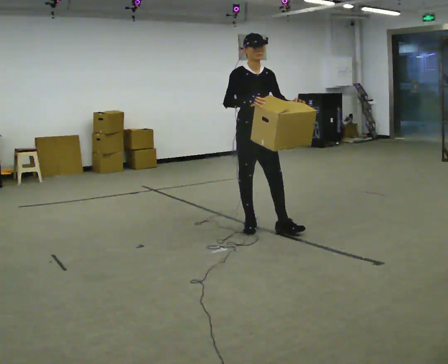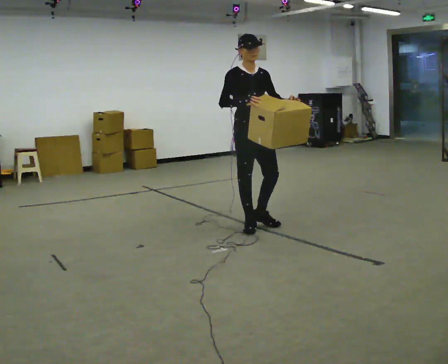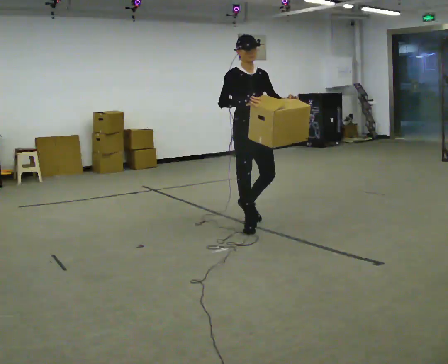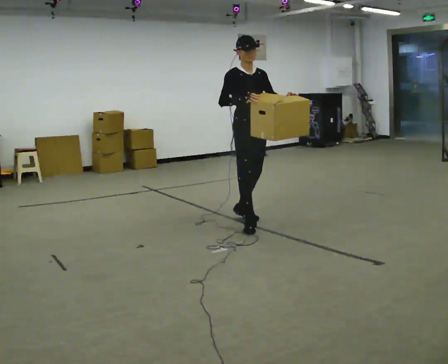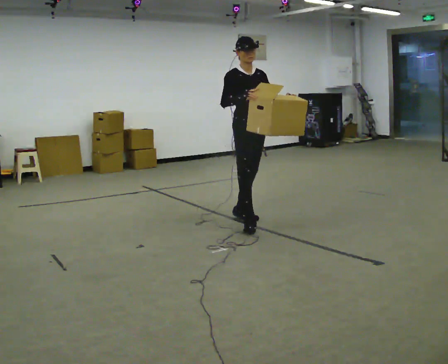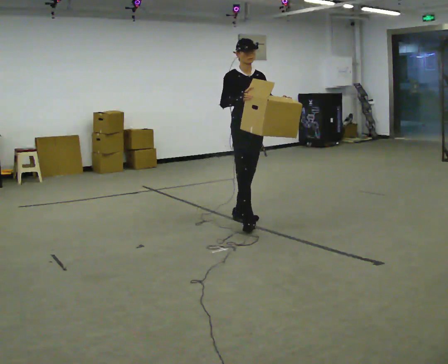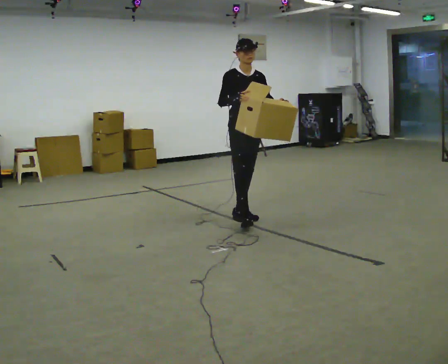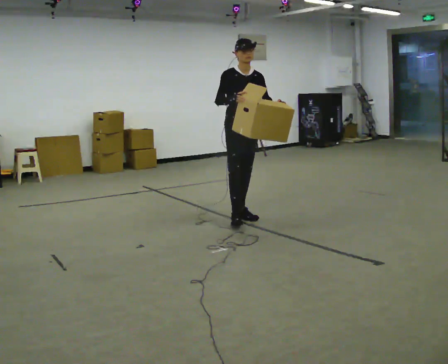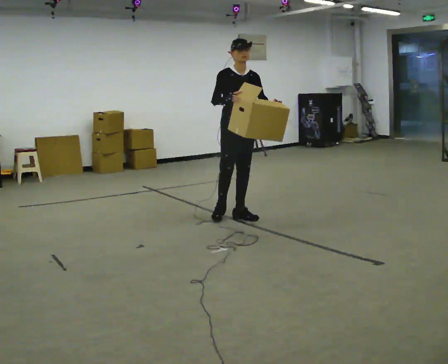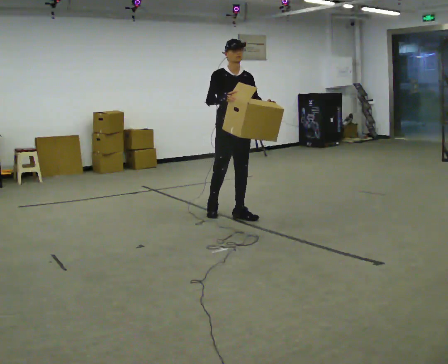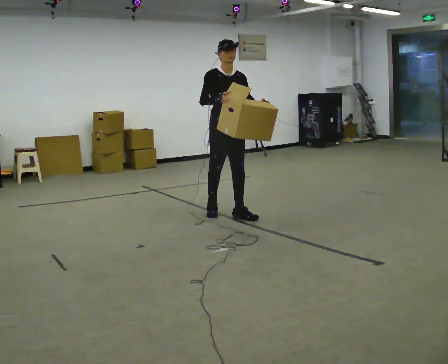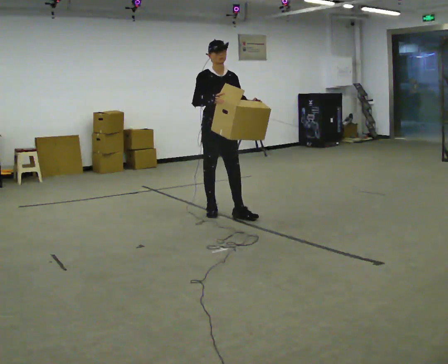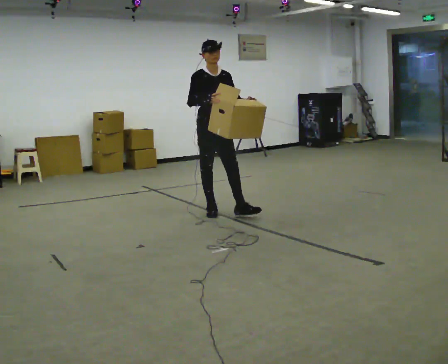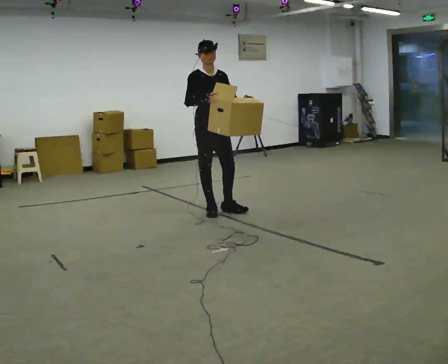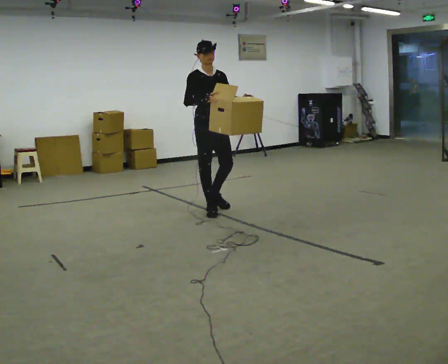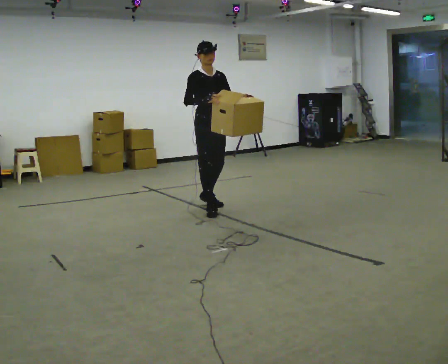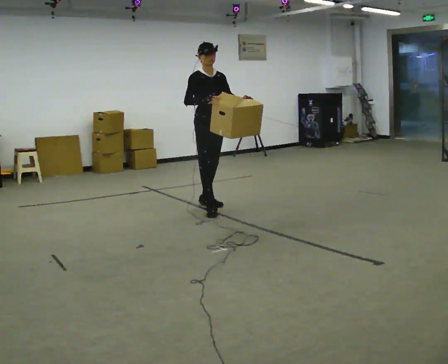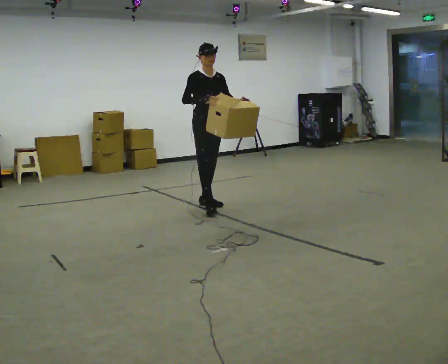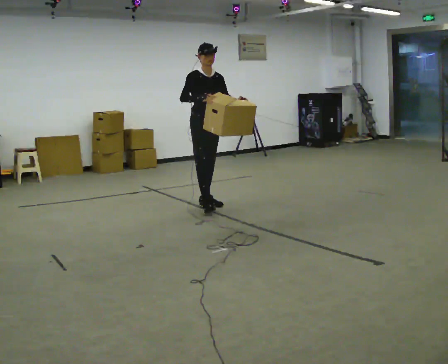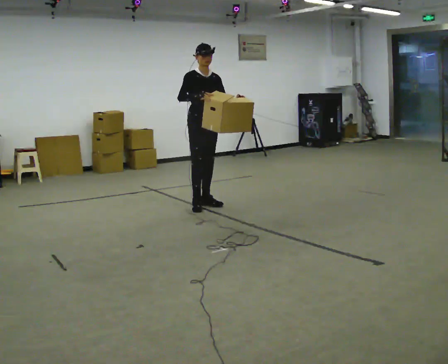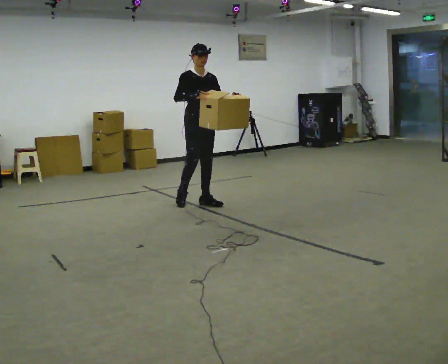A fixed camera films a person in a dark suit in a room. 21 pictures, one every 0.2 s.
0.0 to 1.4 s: In the picture they go away from the camera, about 0.5 m in 1 step, which for them is backward and to their left.
1.4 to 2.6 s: In the picture they go to the left and away from the camera, about 0.5 m in 1 step, which for them is backward and to their right.
2.6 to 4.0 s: In the picture they go away from the camera, about 0.5 m in 1 step, which for them is backward.
The film runs backward here.
